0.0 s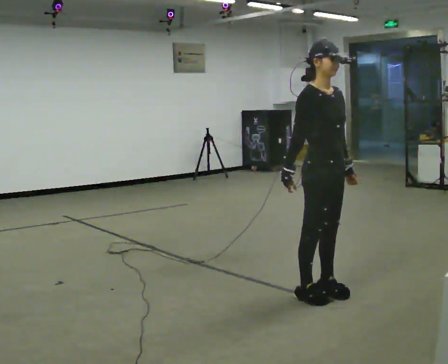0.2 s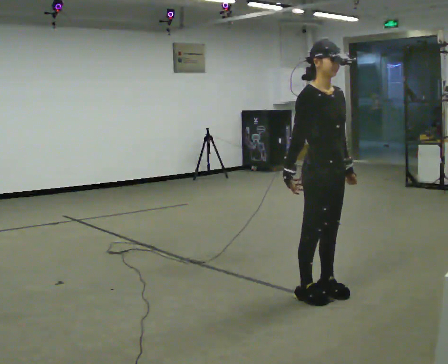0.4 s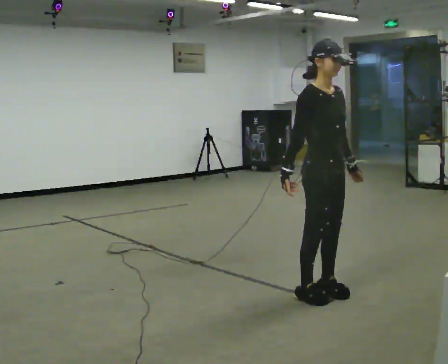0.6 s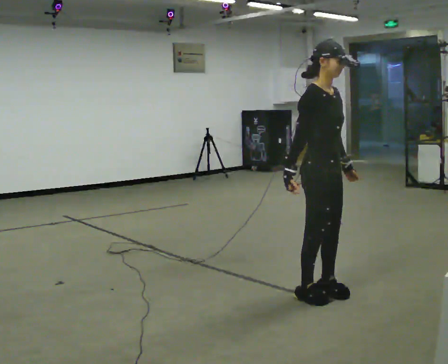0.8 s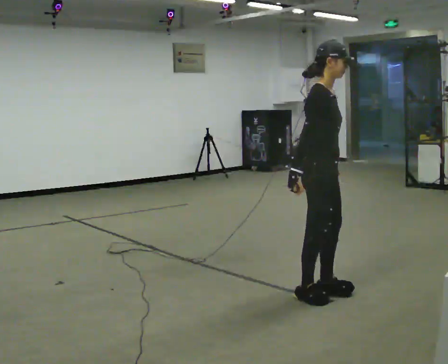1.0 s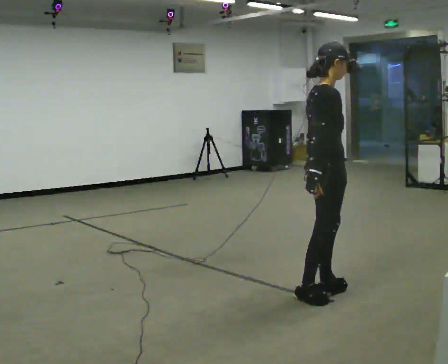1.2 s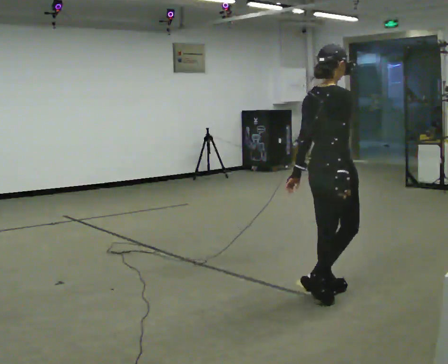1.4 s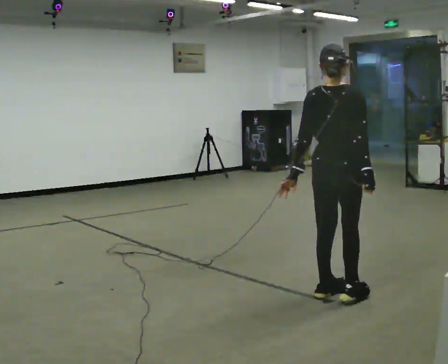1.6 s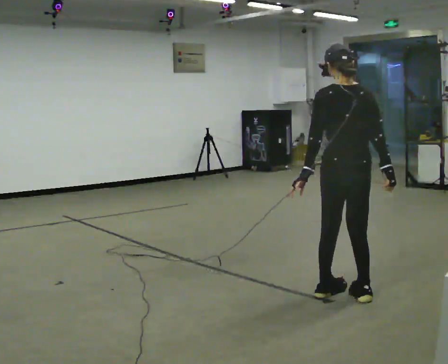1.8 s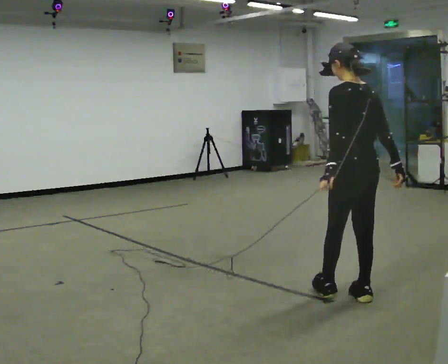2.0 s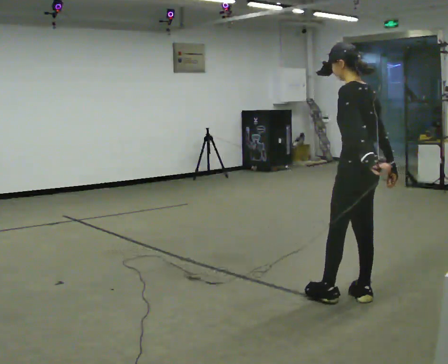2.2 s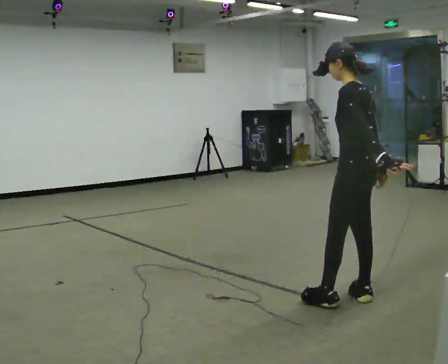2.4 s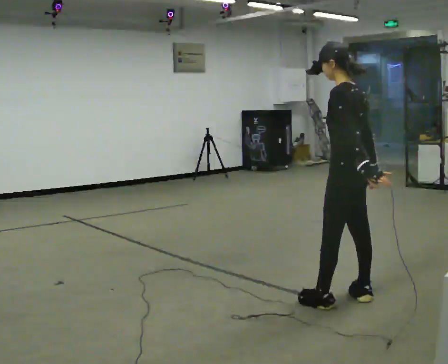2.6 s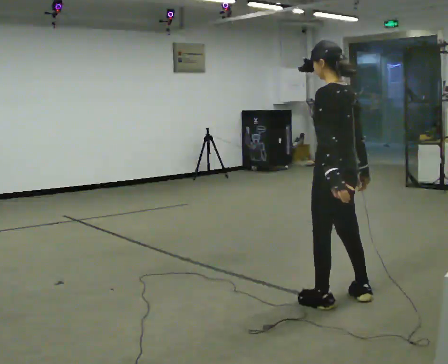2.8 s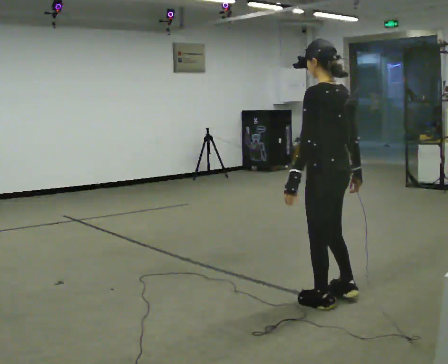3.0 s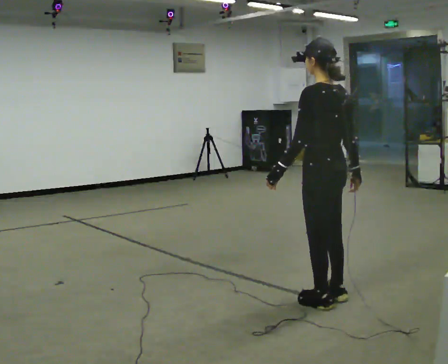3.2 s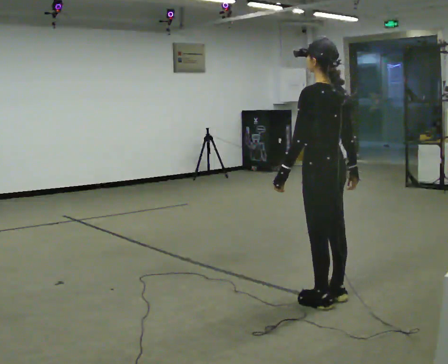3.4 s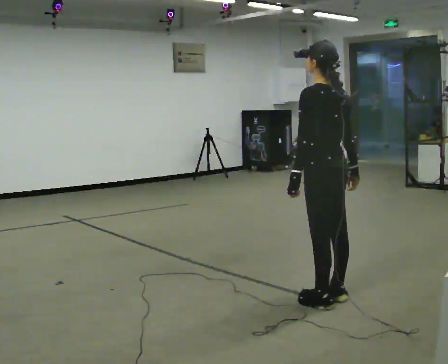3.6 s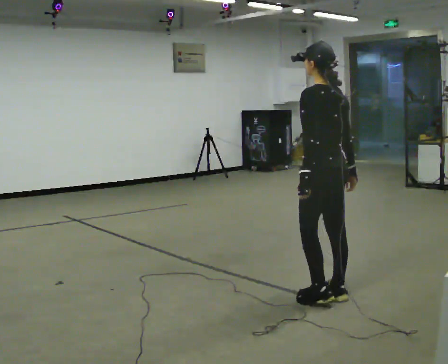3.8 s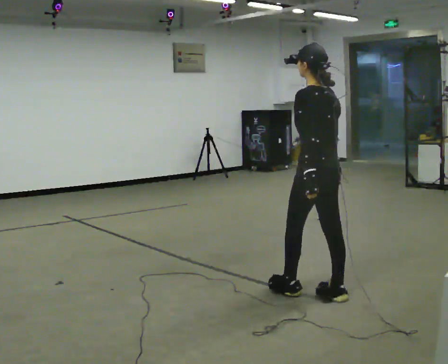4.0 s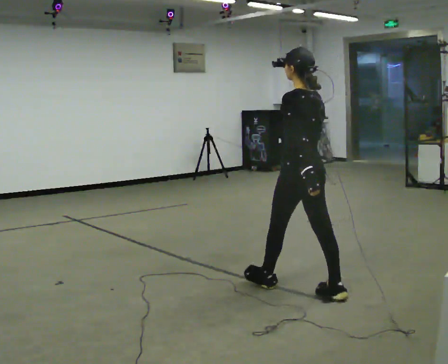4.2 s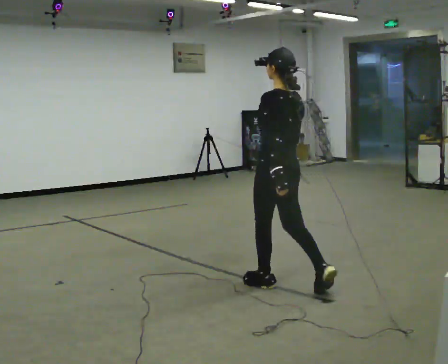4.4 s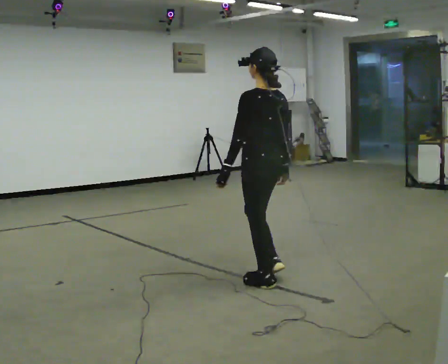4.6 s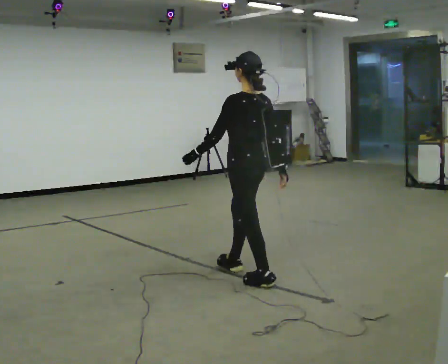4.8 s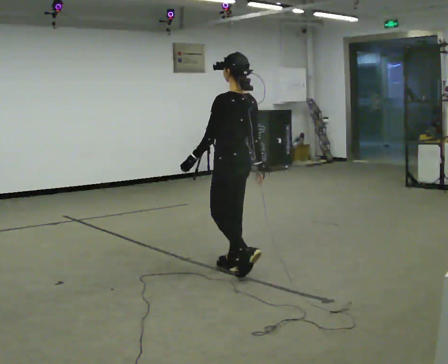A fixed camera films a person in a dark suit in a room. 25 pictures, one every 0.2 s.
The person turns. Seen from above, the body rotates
counterclockwise.
The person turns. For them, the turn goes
to their left.
0.0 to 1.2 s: The person turns about 75 degrees to their left, counterclockwise seen from above, so the part of the body nearest the lens slides to the right. In the picture their left hand goes to the left.
1.2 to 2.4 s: Seen from above the body turns counterclockwise, about 120 degrees: to their left, with its near side sliding to the right. In the picture their left hand goes to the right.
2.4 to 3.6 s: In the picture their left hand goes to the left.
3.6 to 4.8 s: In the picture they go to the left and away from the camera, about 1 m in 2 steps, which for them is forward.
The film runs forward here.
